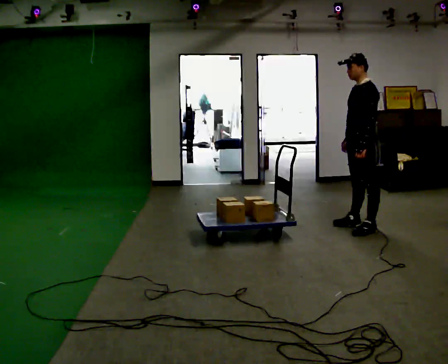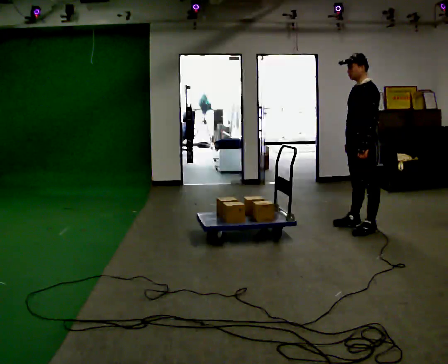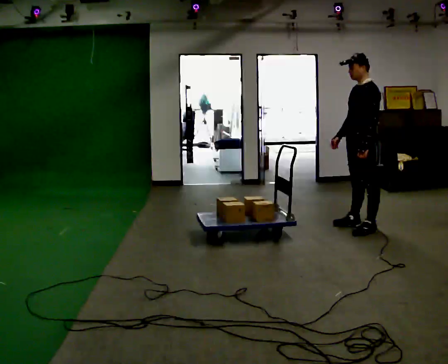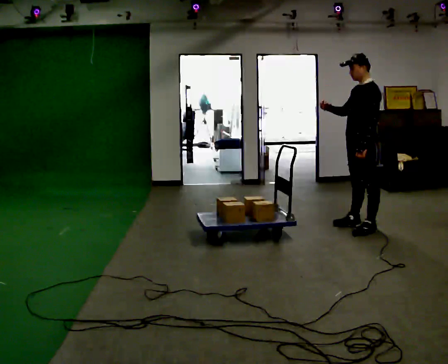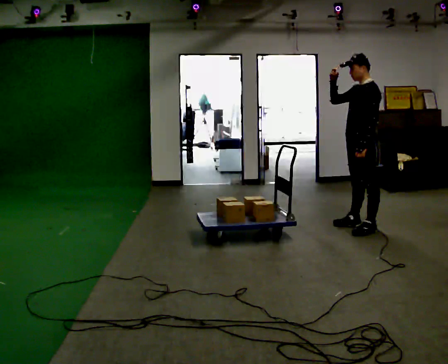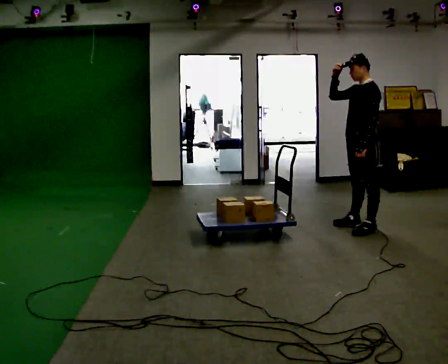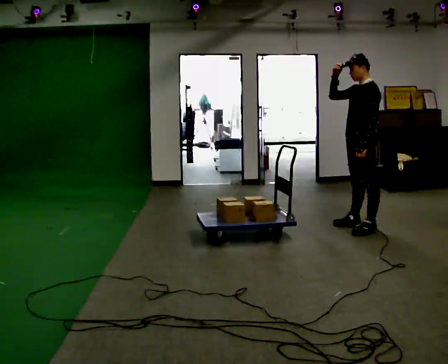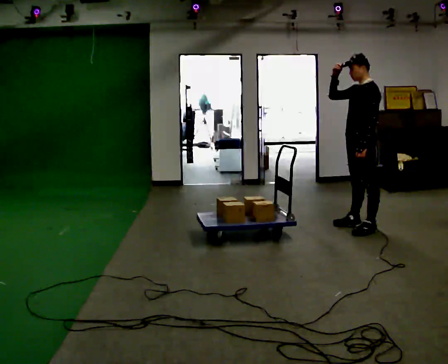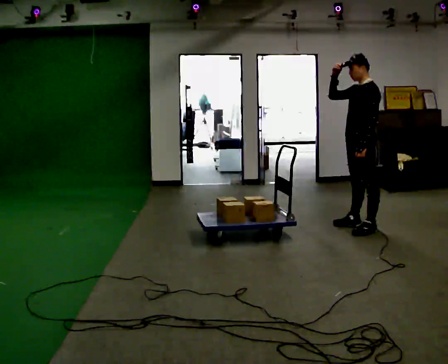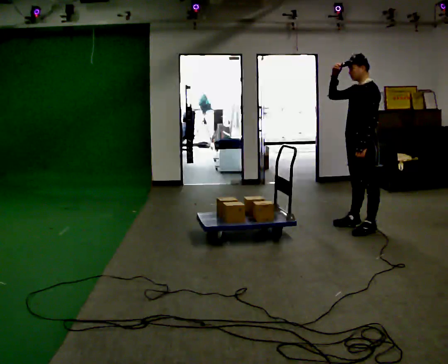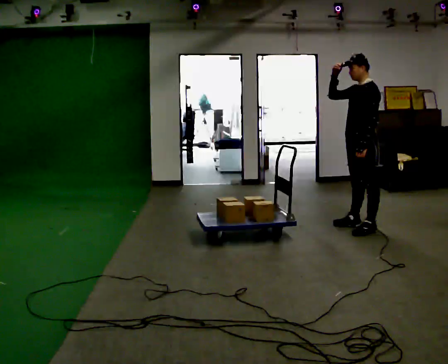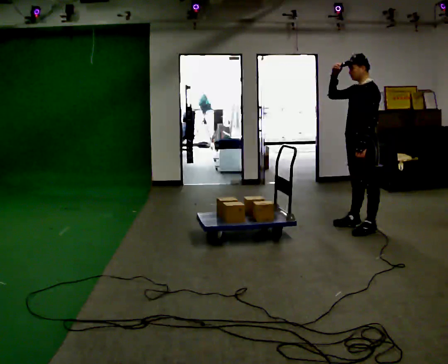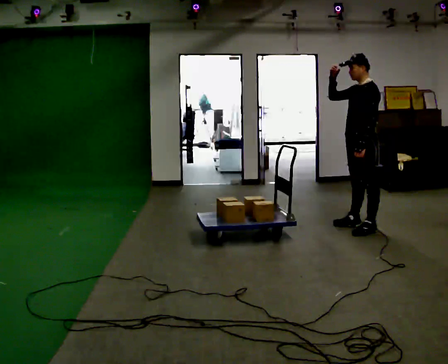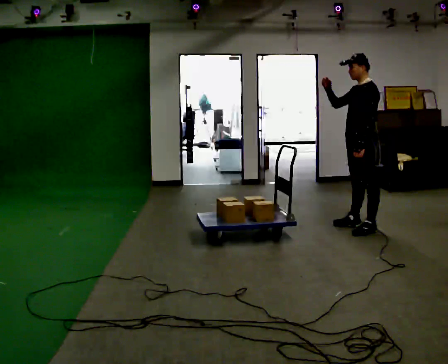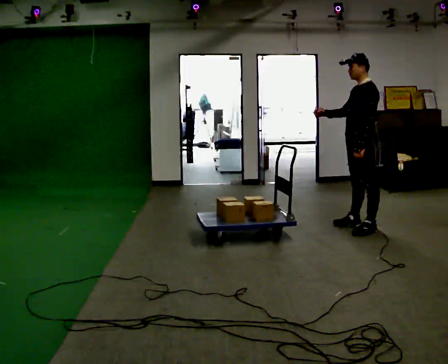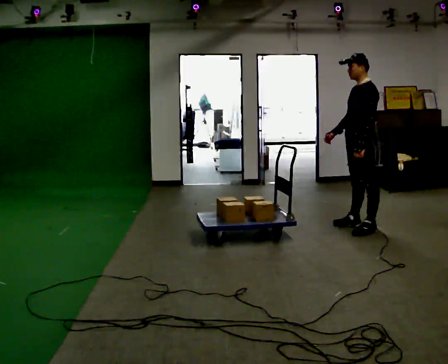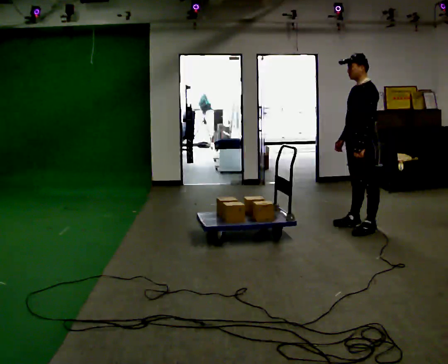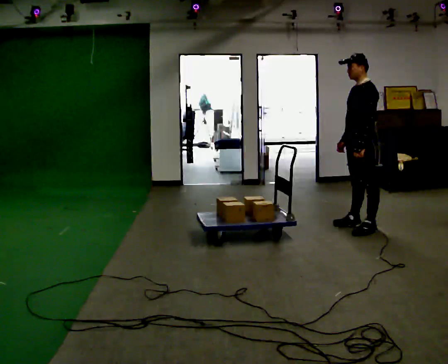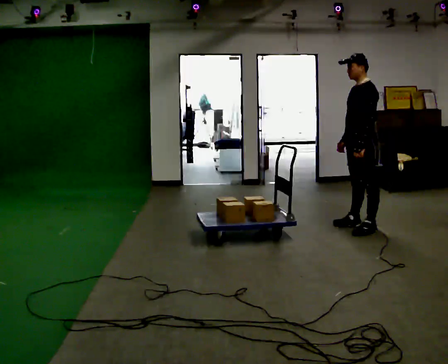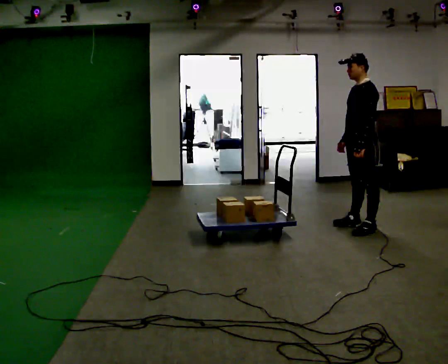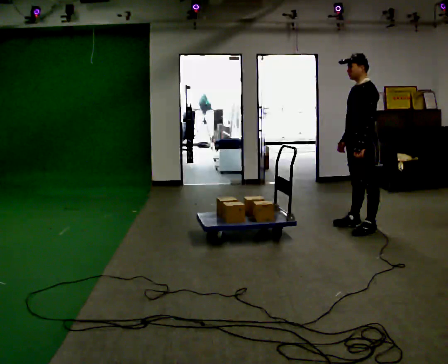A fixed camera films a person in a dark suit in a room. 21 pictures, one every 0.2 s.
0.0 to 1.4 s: In the picture their right hand goes upward, the arm swinging clockwise.
1.4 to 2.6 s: The person moves a little, or ends about where they began.
2.6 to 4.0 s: In the picture their right hand goes downward, the arm swinging counterclockwise.
The film runs backward here.
